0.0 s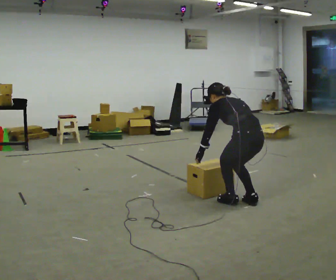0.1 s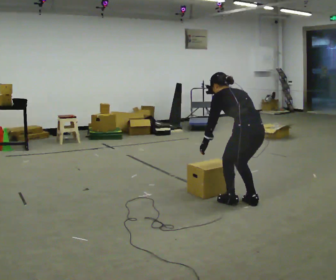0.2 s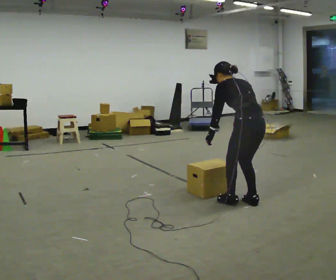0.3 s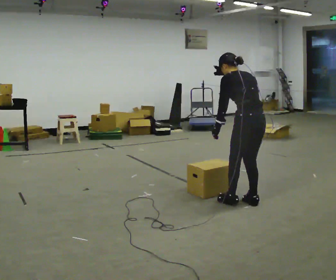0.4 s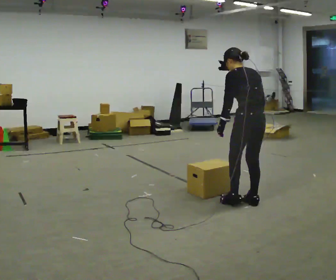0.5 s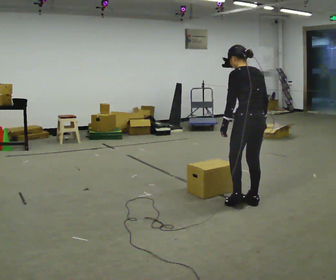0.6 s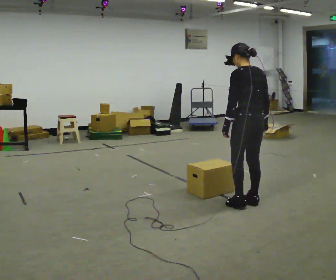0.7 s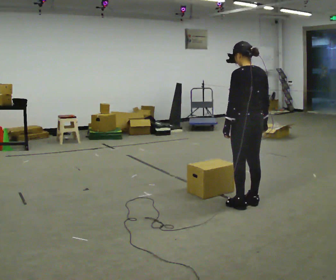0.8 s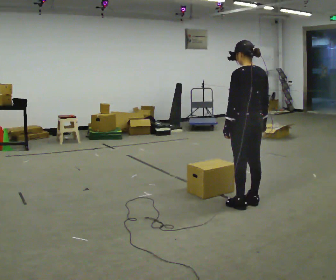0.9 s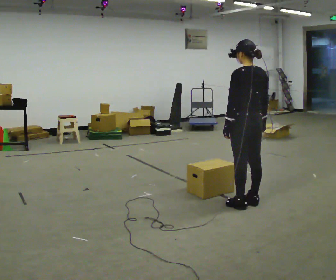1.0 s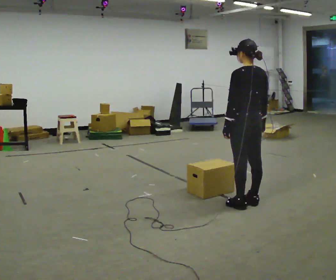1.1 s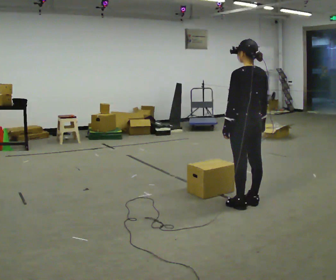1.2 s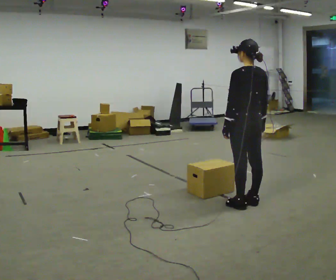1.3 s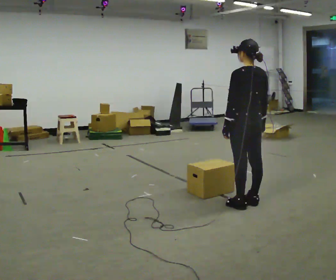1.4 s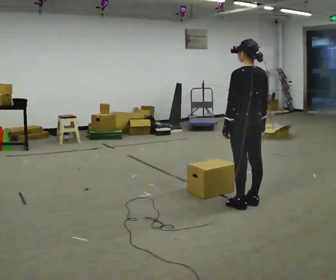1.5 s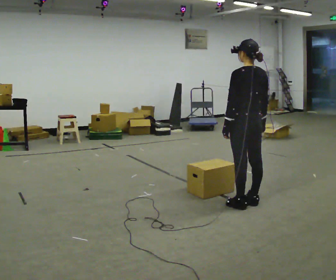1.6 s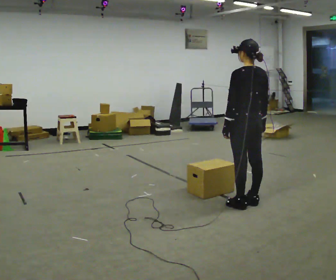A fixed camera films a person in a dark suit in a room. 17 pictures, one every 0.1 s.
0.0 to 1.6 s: The shoulders move upward. In the picture the upper body tilts clockwise, shoulders to the right, as they lean back or straighten. In the picture their right hand goes to the right.
The film runs backward here.
